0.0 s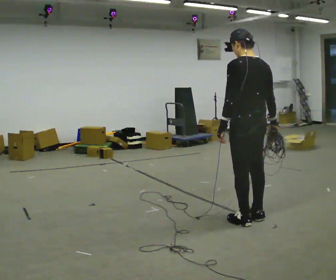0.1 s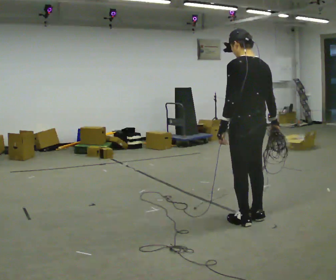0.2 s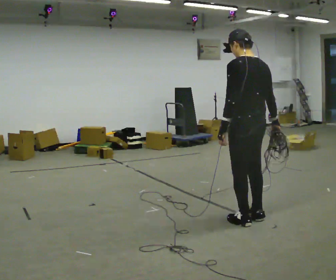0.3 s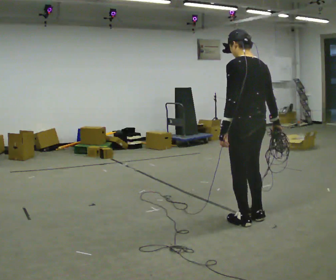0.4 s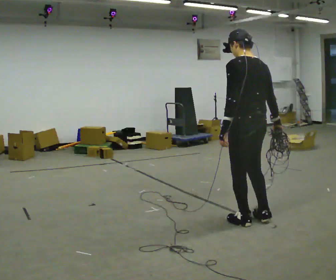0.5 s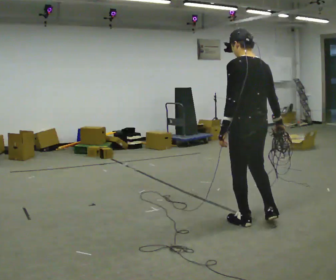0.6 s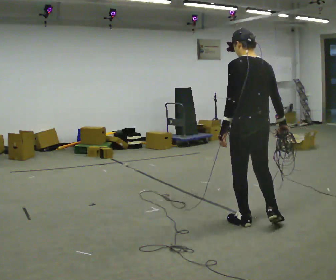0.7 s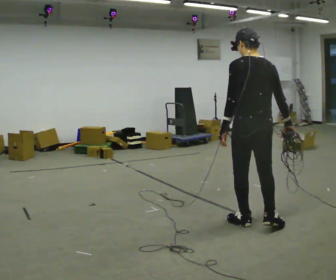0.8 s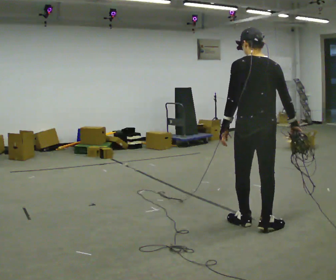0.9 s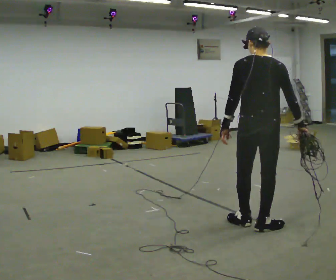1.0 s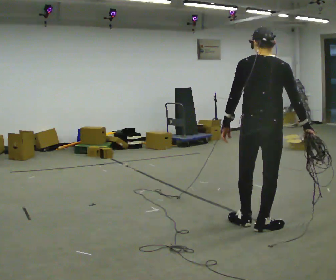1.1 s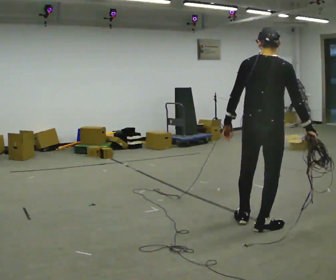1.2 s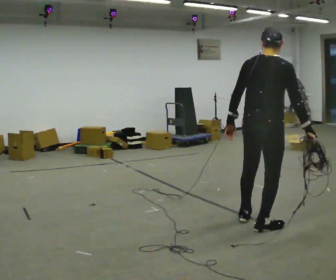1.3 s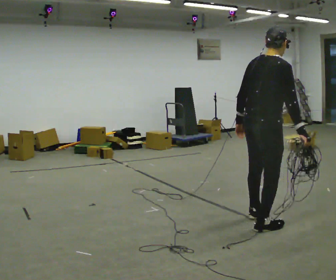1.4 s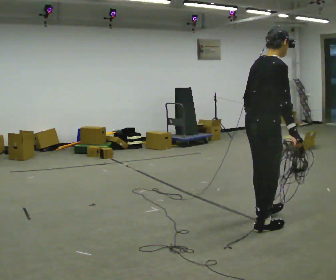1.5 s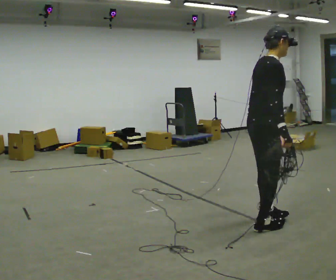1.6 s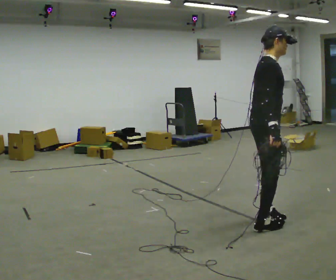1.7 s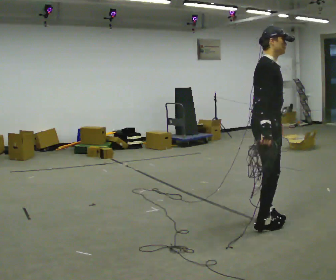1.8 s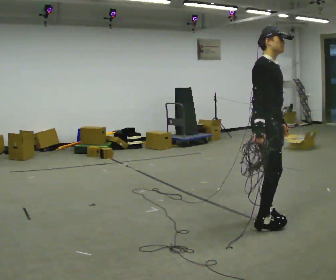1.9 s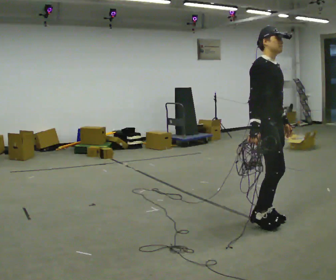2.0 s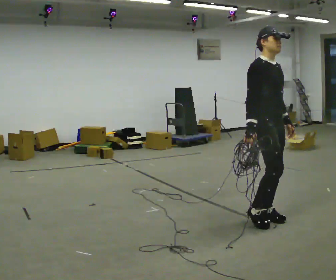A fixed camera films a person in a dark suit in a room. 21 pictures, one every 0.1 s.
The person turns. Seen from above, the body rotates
clockwise.
The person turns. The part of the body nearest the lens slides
to the left.
0.0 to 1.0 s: The person turns about 45 degrees to their right, clockwise seen from above, so the part of the body nearest the lens slides to the left. In the picture their right hand goes to the right.
1.0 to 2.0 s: The part of the body nearest the lens slides to the left as the person turns to their right by about 120 degrees. In the picture they go away from the camera, about 0.25 m in 2 steps. In the picture their right hand goes to the left.
The film runs backward here.
